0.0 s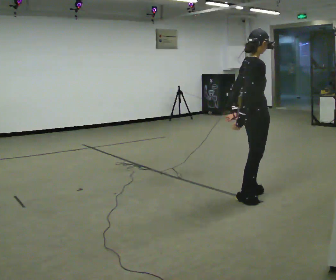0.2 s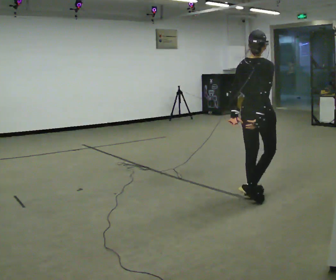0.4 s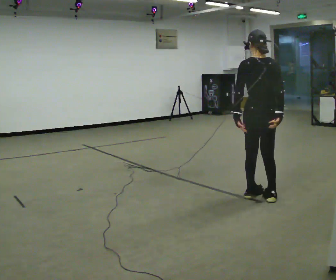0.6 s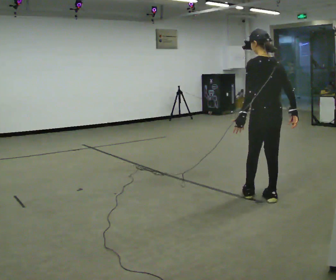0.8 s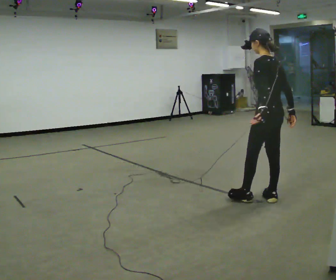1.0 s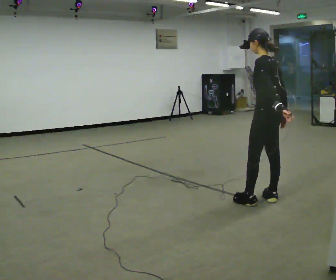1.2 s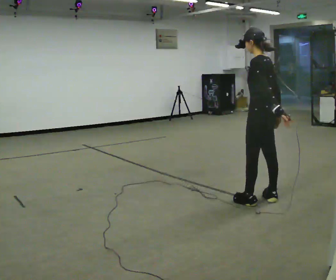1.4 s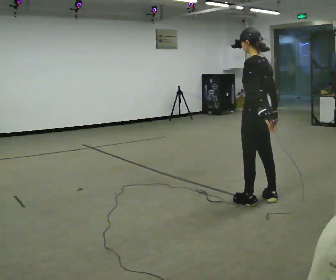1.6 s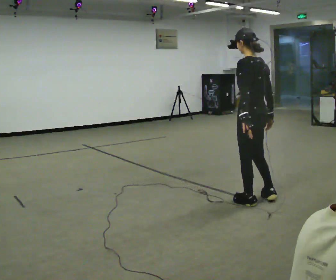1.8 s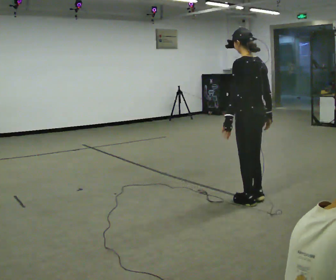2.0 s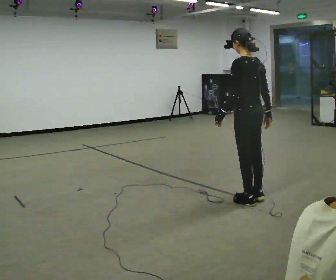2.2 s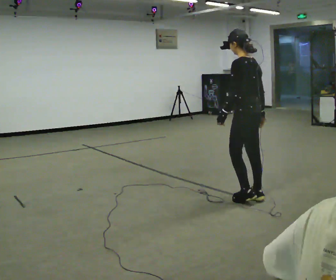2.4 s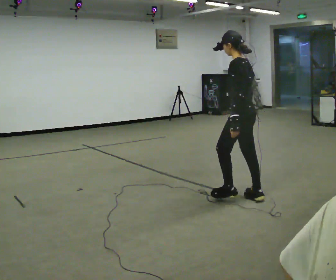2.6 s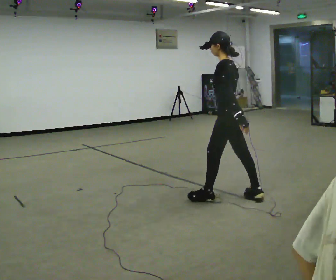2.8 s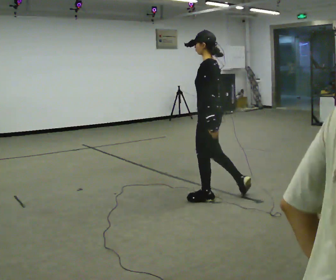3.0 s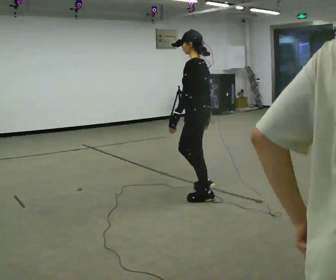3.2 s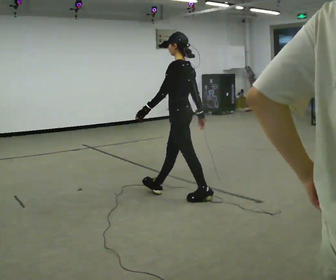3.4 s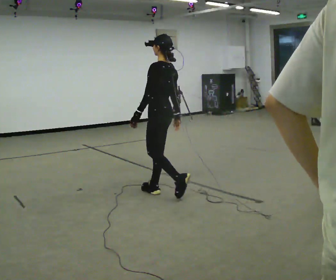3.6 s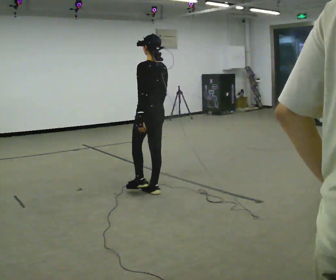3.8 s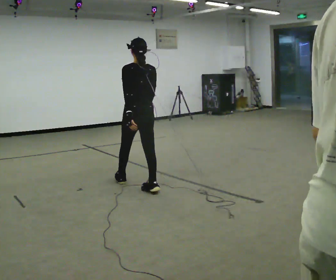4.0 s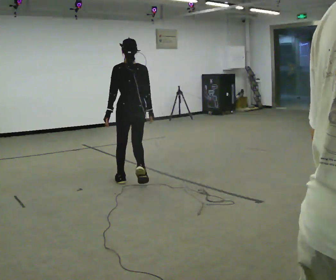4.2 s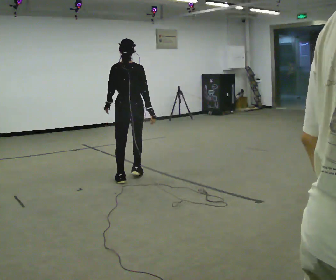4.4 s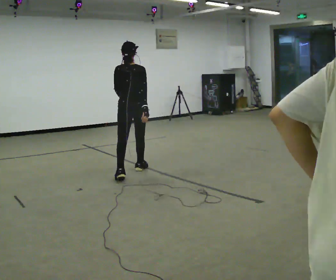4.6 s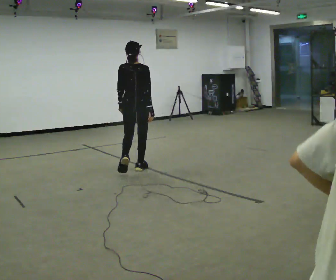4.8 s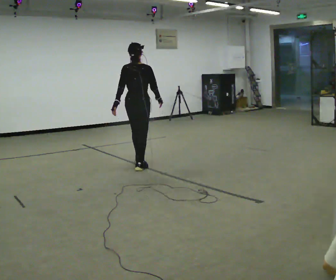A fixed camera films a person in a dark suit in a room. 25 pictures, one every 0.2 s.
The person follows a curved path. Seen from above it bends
clockwise.
0.0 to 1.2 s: Seen from above the body turns counterclockwise, about 135 degrees: to their left, with its near side sliding to the right. In the picture their left hand goes to the right.
1.2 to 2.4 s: In the picture they go to the left, about 0.25 m, which for them is forward. In the picture their left hand goes to the left.
2.4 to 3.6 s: In the picture they go to the left, about 1 m in 2 steps, which for them is forward.
3.6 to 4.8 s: The person turns about 45 degrees to their right, clockwise seen from above, so the part of the body nearest the lens slides to the left. In the picture they go away from the camera, about 1 m in 2 steps, which for them is forward.
The film runs forward here.
